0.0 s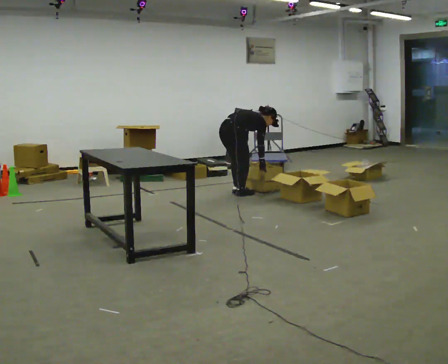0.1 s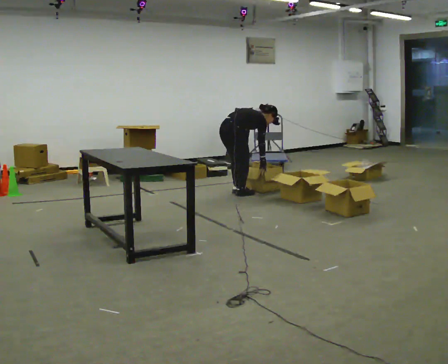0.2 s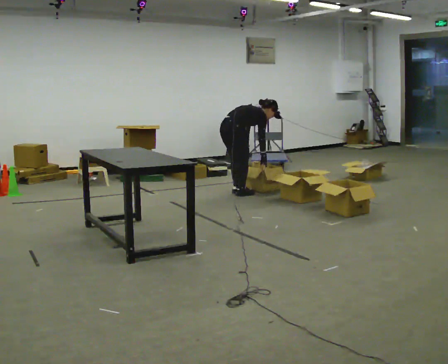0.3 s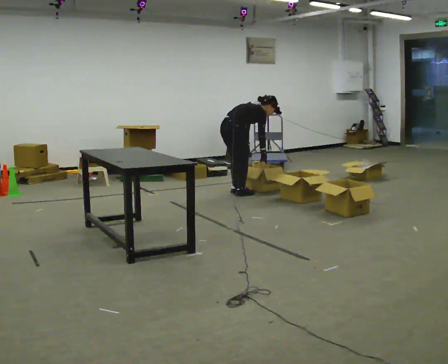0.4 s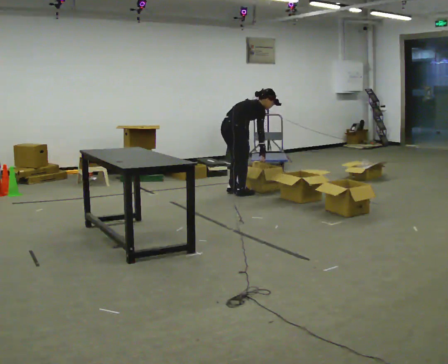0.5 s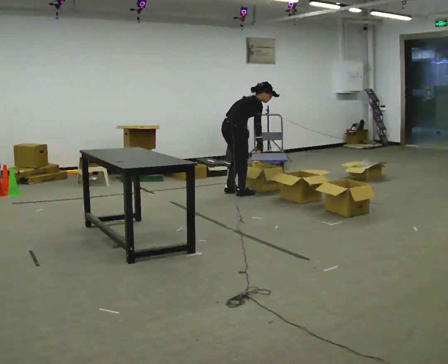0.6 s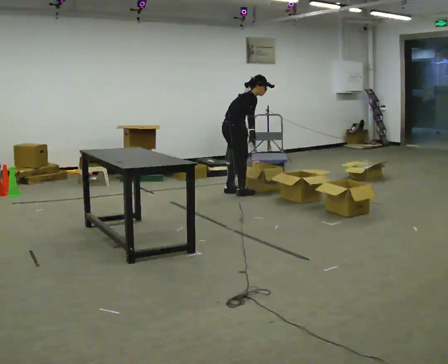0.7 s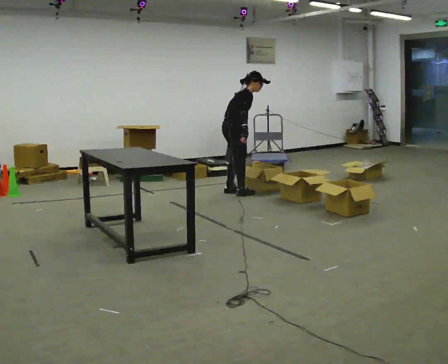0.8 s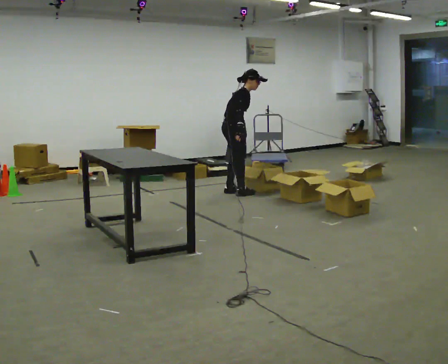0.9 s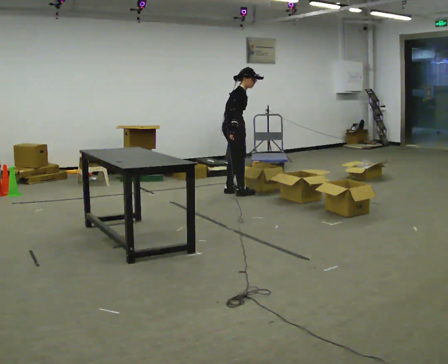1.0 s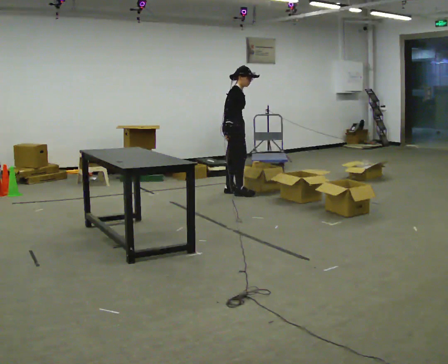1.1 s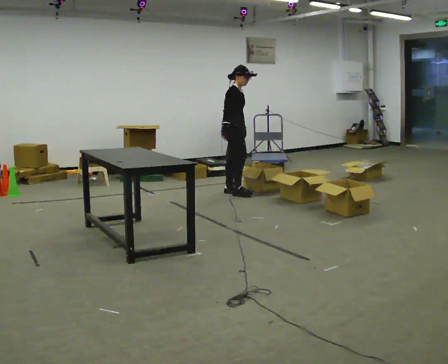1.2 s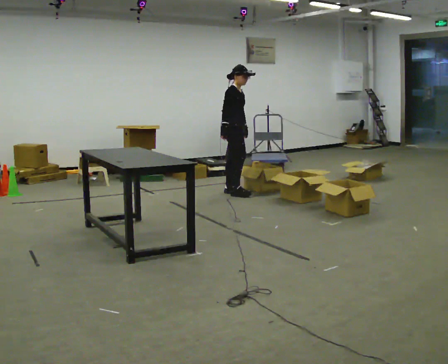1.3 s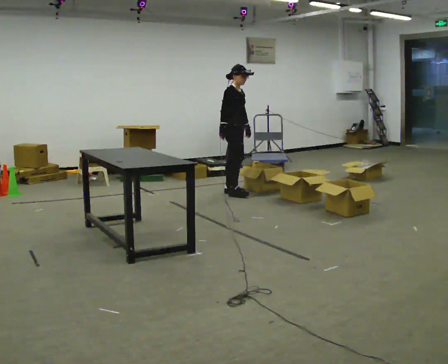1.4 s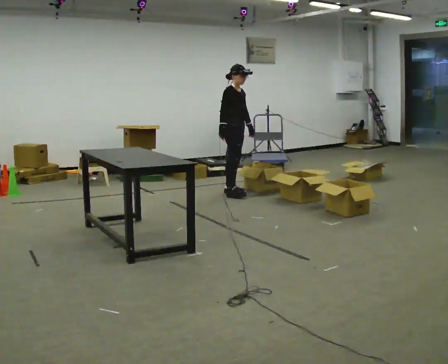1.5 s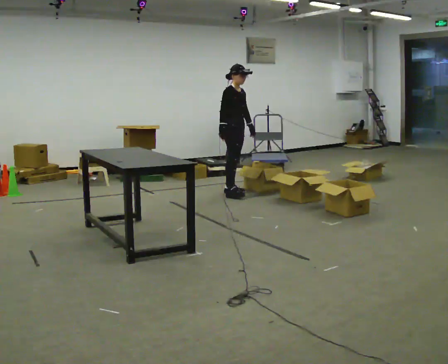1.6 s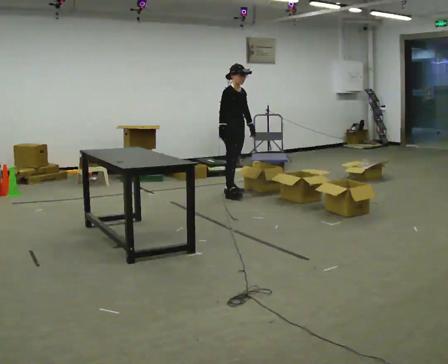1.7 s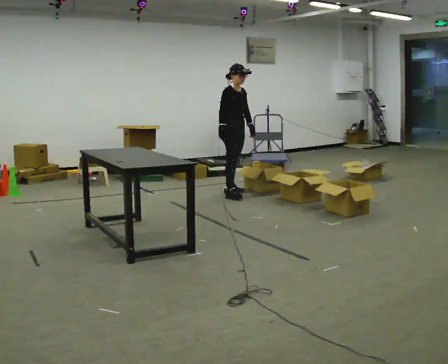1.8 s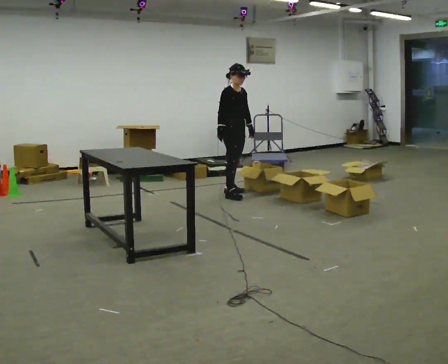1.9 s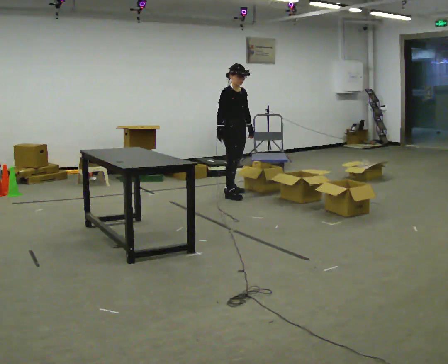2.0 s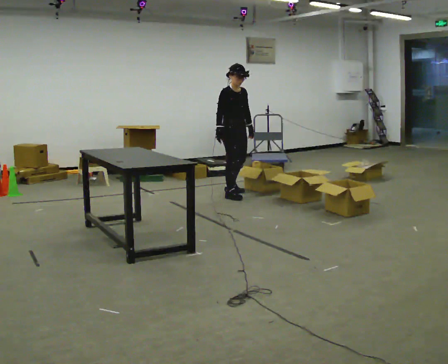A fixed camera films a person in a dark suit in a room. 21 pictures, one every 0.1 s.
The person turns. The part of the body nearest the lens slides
to the left.
The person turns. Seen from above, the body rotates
clockwise.
0.0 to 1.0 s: The person turns about 45 degrees to their right, clockwise seen from above, so the part of the body nearest the lens slides to the left. In the picture they go away from the camera, about 0.25 m, which for them is to their left. The shoulders move upward. In the picture the upper body tilts counterclockwise, shoulders to the left, as they lean back or straighten. In the picture their right hand goes to the left and upward.
1.0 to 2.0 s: Seen from above the body turns clockwise, about 30 degrees: to their right, with its near side sliding to the left. In the picture they go toward the camera, about 0.25 m, which for them is to their right.
The film runs forward here.
